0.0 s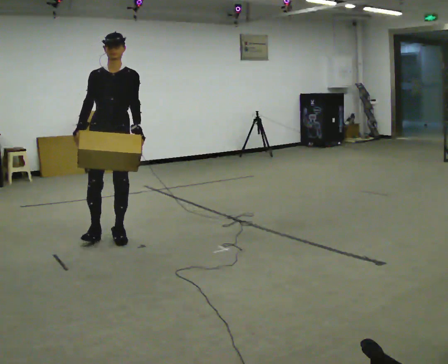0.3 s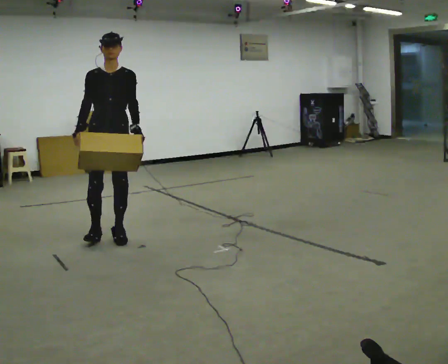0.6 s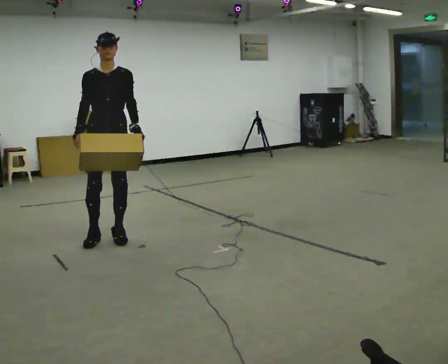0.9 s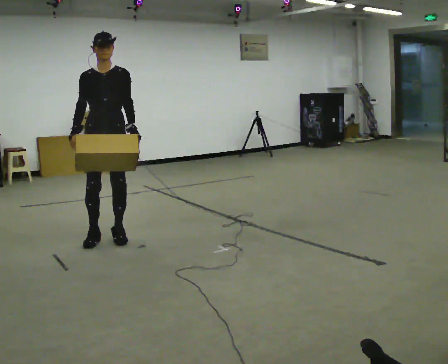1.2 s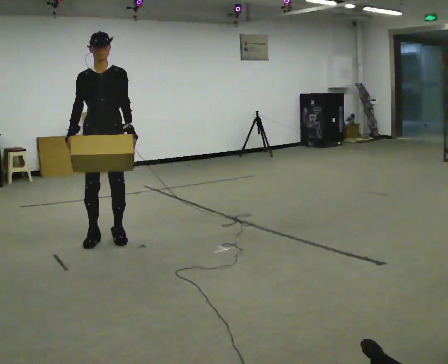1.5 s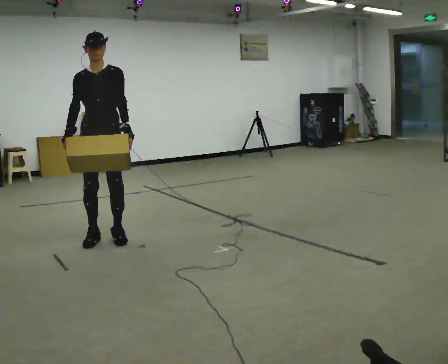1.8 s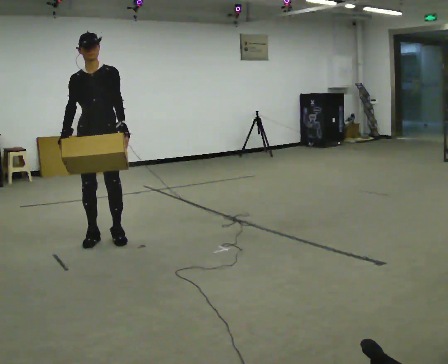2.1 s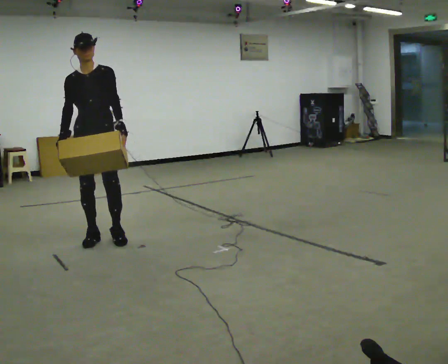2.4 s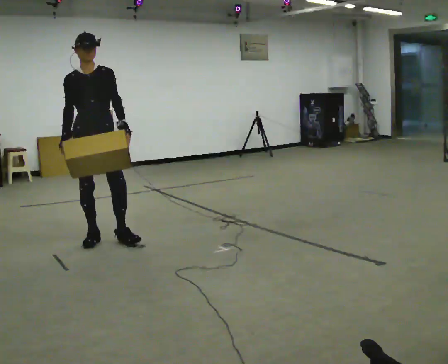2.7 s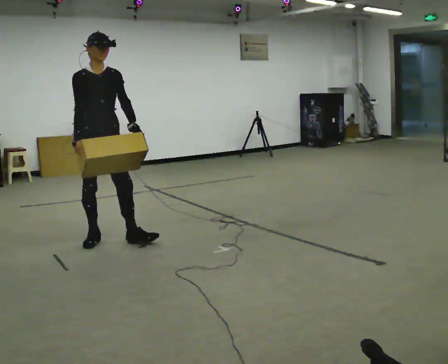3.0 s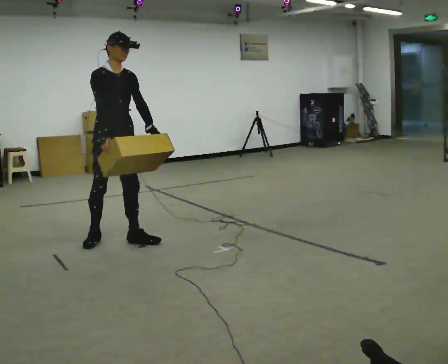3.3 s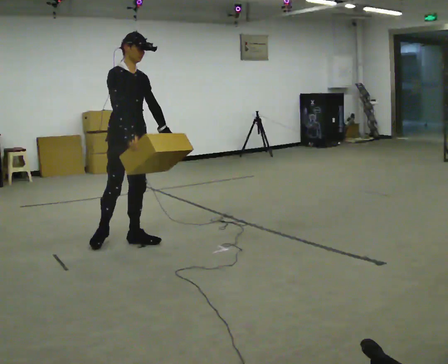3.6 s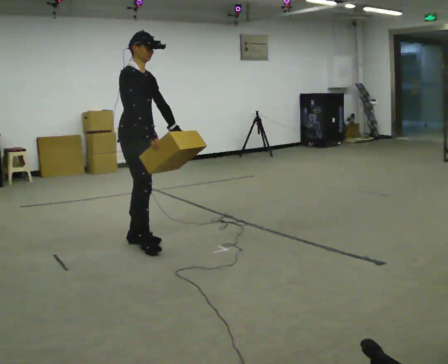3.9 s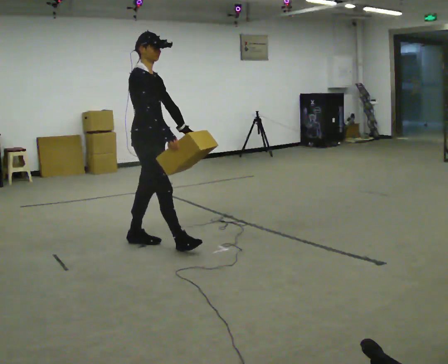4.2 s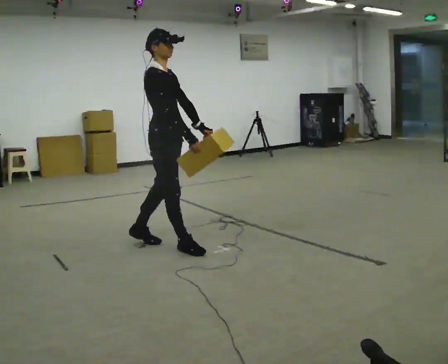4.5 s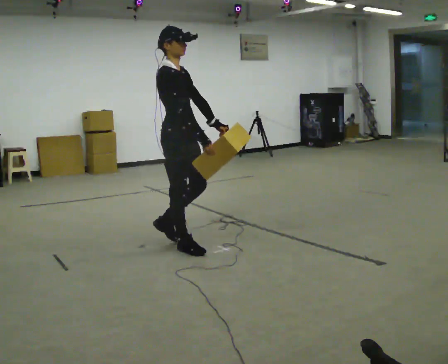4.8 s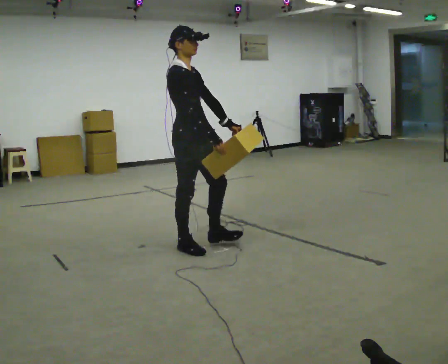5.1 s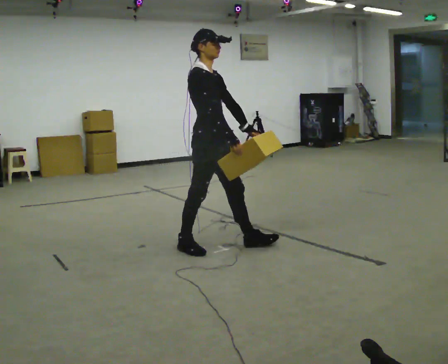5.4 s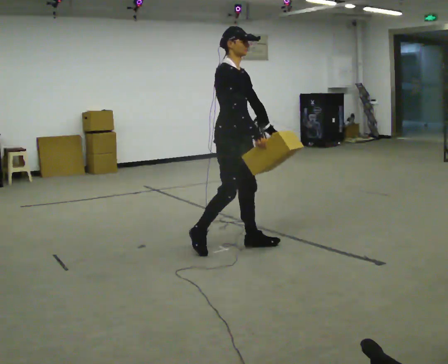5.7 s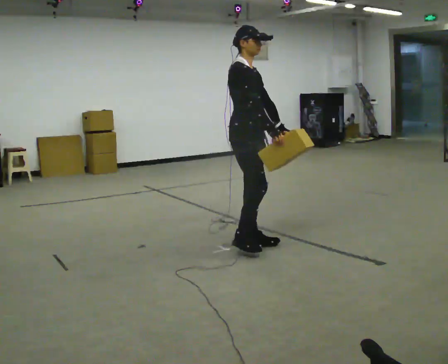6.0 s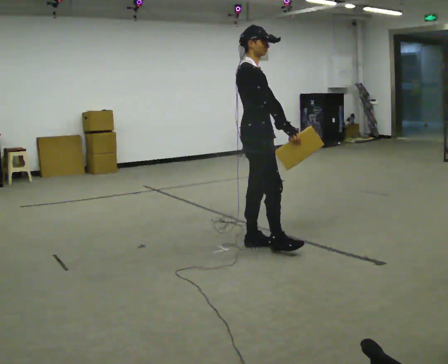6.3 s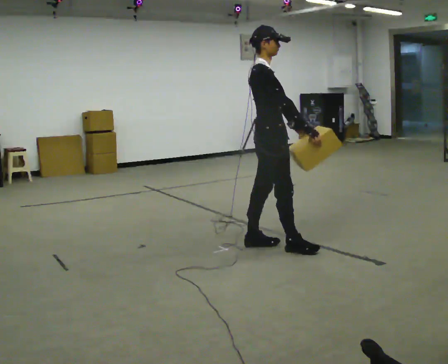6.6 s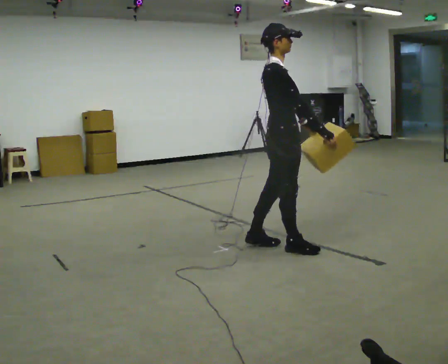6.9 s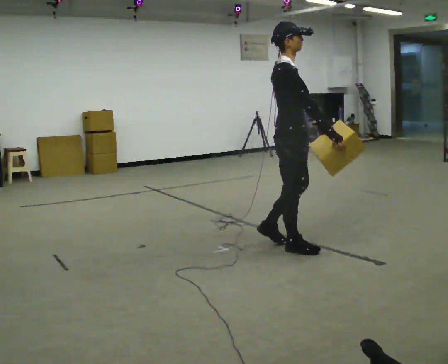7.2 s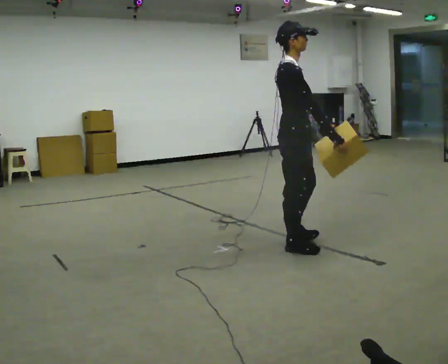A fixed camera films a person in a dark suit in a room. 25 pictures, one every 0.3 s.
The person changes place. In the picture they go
to the right.
0.0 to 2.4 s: The person moves a little, or ends about where they began.
2.4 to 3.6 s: The person turns about 45 degrees to their left, counterclockwise seen from above, so the part of the body nearest the lens slides to the right. In the picture they go to the right, about 0.25 m in 1 step, which for them is forward and to their left.
3.6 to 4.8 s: In the picture they go to the right and toward the camera, about 0.5 m in 1 step, which for them is forward.
4.8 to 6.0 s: In the picture they go to the right, about 0.5 m in 1 step, which for them is forward and to their left.
6.0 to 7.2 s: In the picture they go to the right and toward the camera, about 0.25 m in 1 step, which for them is forward and to their right.
The film runs forward here.
